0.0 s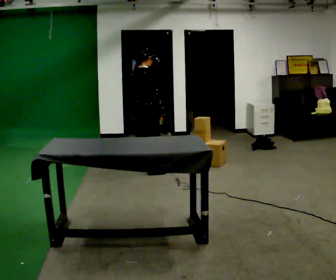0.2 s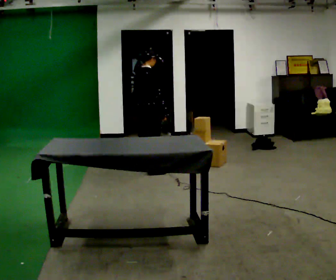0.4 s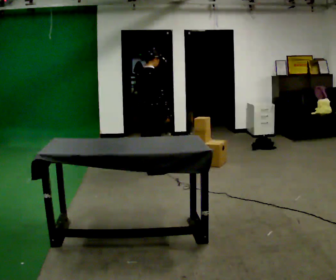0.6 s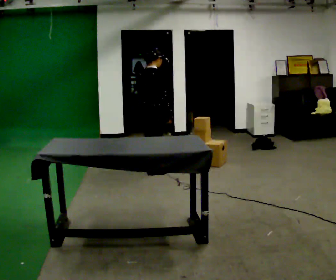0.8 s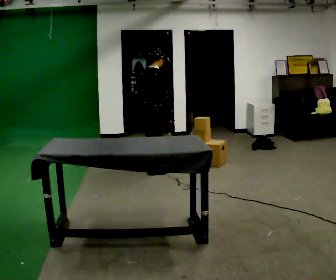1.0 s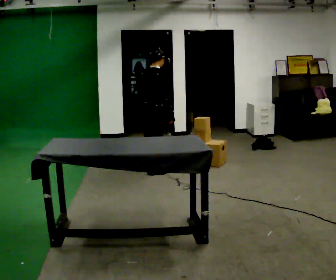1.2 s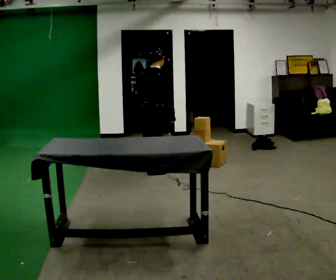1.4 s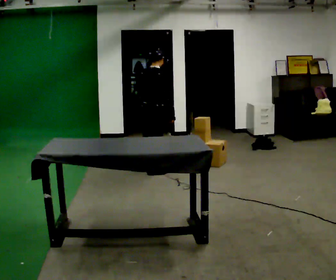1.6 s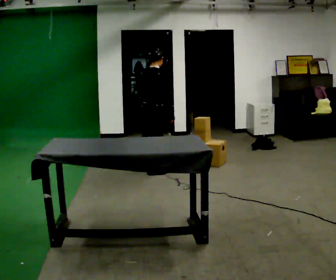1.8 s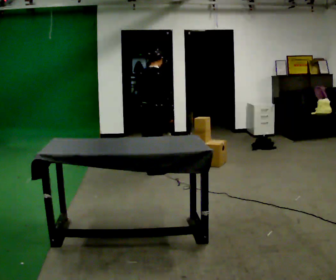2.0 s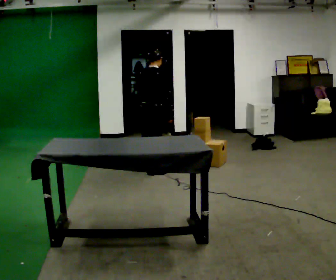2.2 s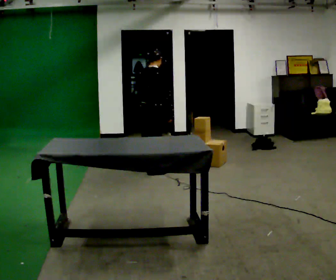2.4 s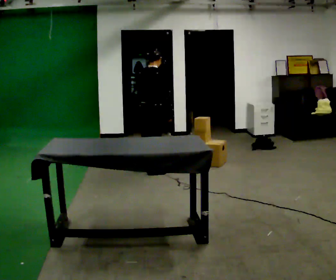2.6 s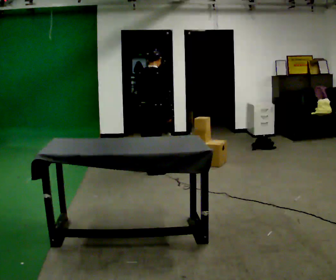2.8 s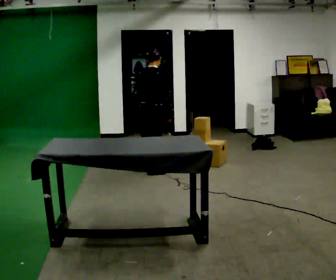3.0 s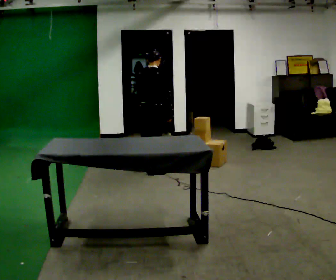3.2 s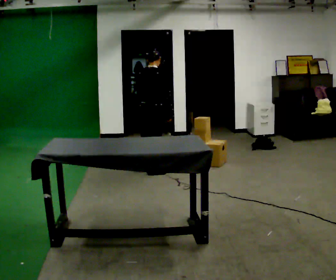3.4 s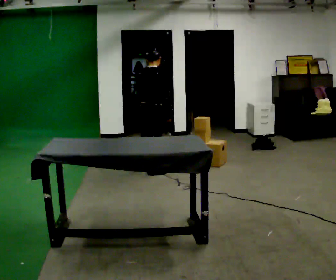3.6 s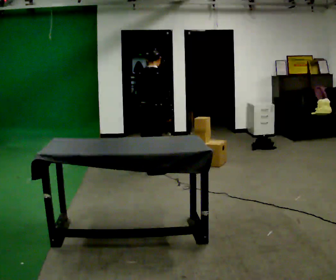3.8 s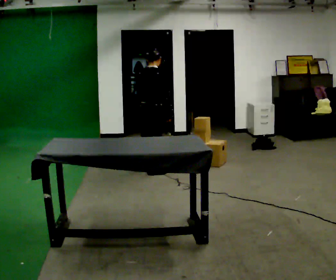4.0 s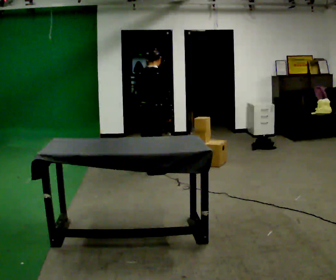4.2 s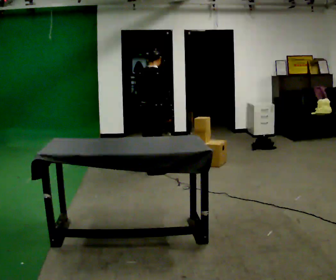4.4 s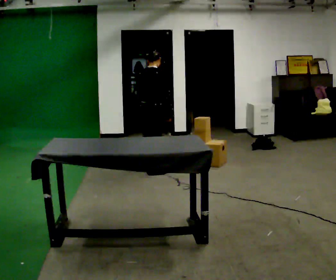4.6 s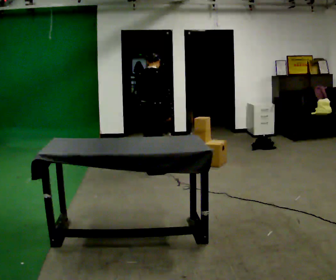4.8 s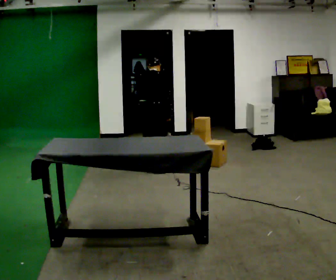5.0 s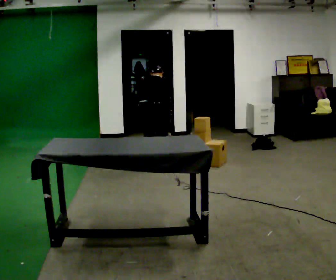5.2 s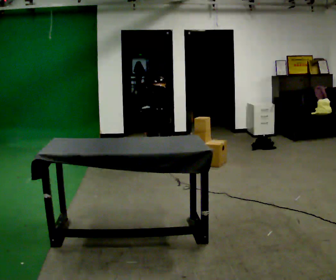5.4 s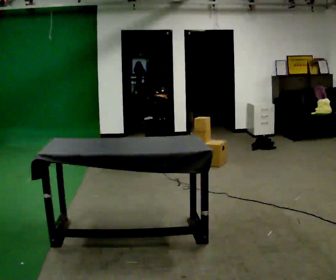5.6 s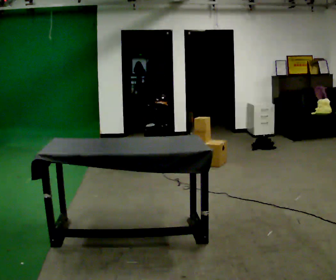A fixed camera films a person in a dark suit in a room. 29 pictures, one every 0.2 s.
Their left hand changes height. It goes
downward.
Their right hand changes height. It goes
downward.
0.0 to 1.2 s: In the picture they go toward the camera, about 0.25 m, which for them is to their right.
1.2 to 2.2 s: The person moves a little, or ends about where they began.
2.2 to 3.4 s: The person keeps their place and pose.
3.4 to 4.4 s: The person moves a little, or ends about where they began.
4.4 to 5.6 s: In the picture they go away from the camera, about 0.25 m in 1 step, which for them is forward. The upper body goes downward. The upper body tips away from the camera, its near side rolling upward, as they bend forward. In the picture their right hand goes downward.
The film runs forward here.
